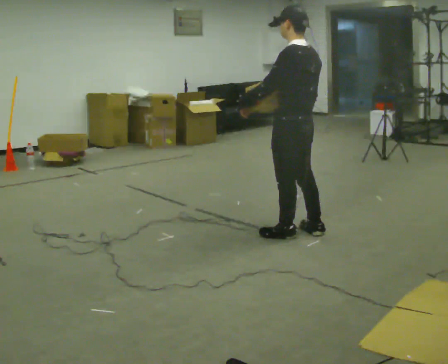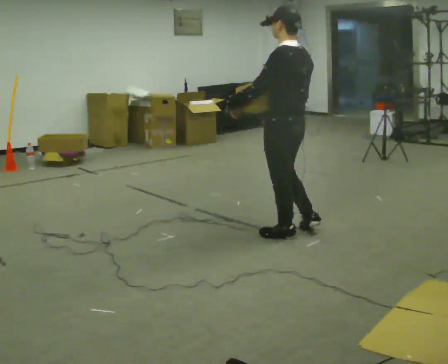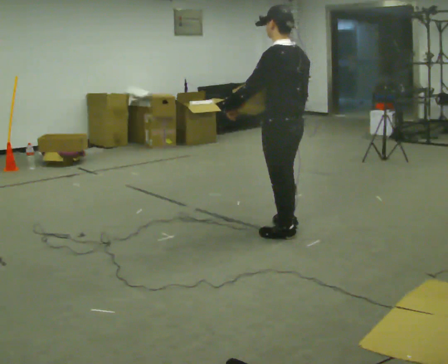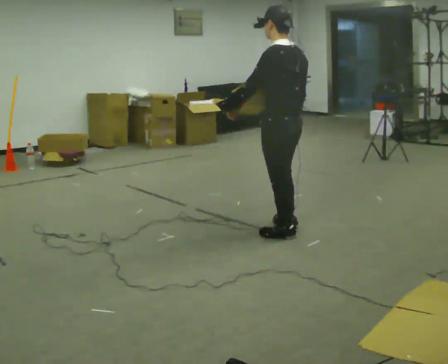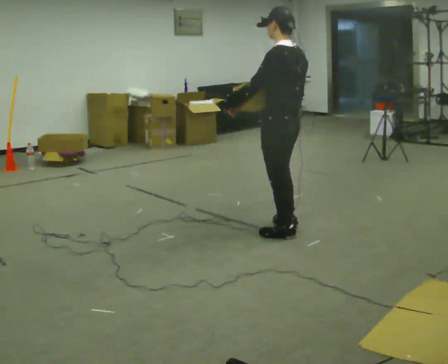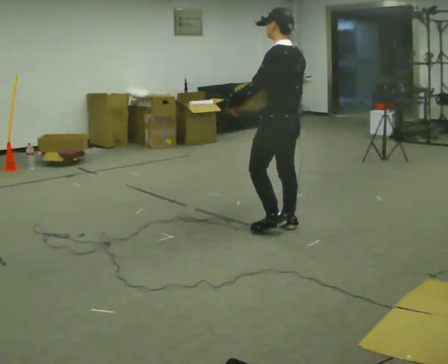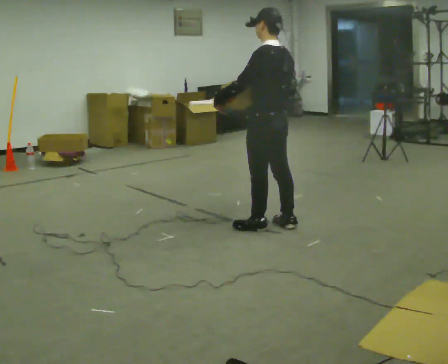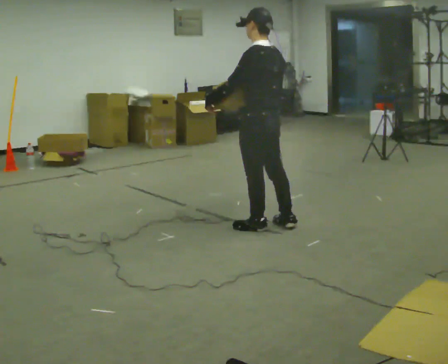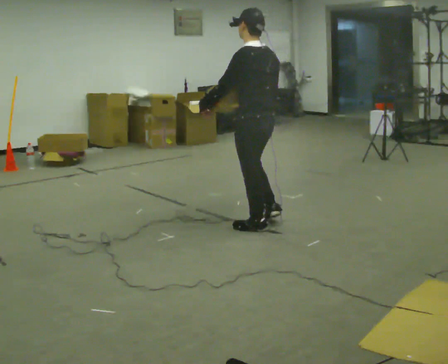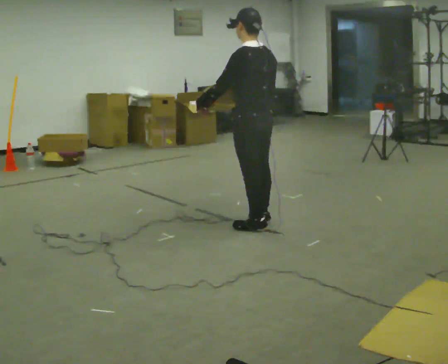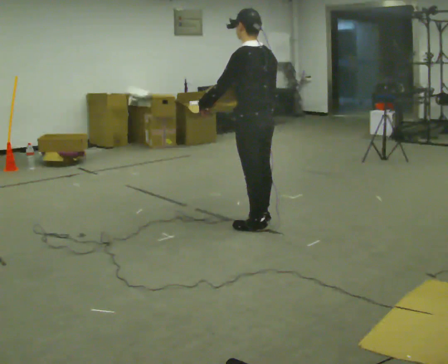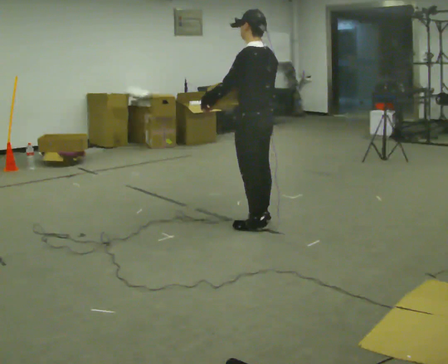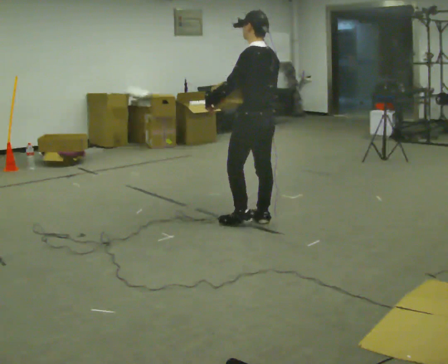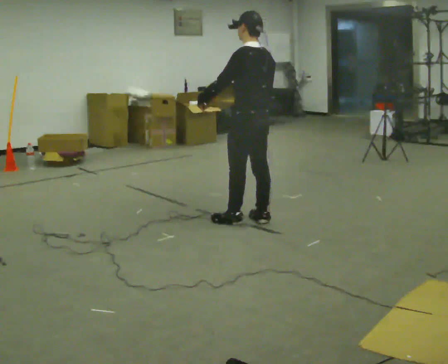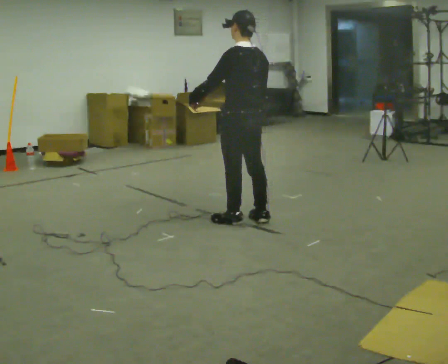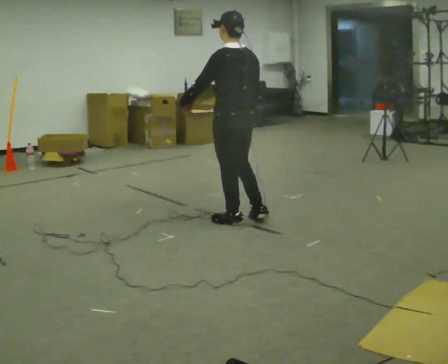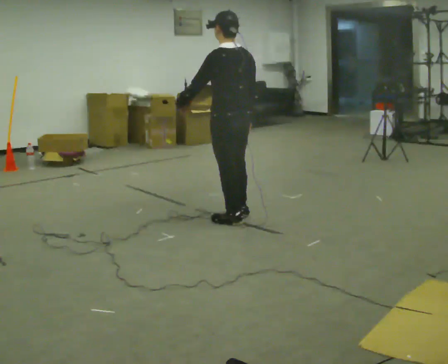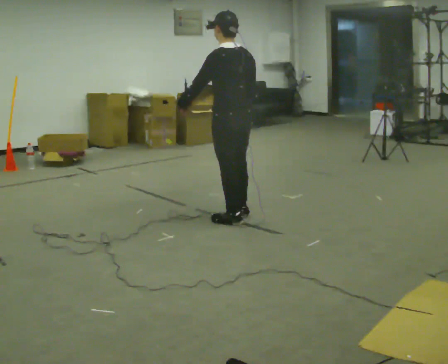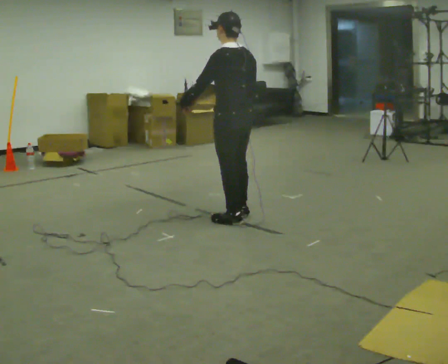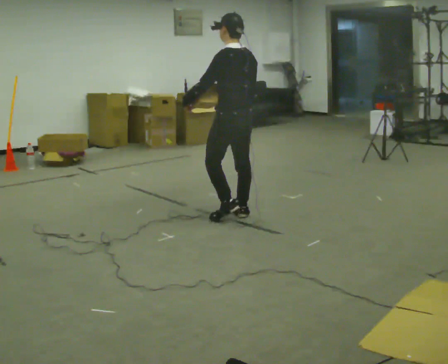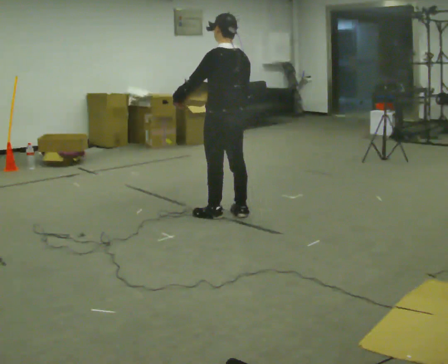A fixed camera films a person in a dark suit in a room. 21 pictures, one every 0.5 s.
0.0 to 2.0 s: The person moves a little, or ends about where they began.
2.0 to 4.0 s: In the picture they go to the left, about 0.25 m in 1 step, which for them is forward.
4.0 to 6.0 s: In the picture they go away from the camera, about 0.25 m in 1 step, which for them is to their right.
6.0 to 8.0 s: In the picture they go to the left, about 0.25 m in 2 steps, which for them is to their left.
8.0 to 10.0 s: In the picture they go away from the camera, about 0.25 m in 1 step, which for them is forward.
The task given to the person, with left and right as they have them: Hold the object against your hip on the side the operator calls, and carry it back and forth across the room.
The film runs forward here.
